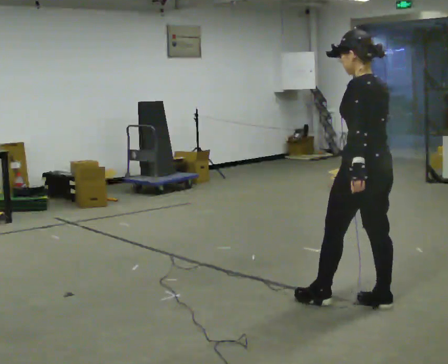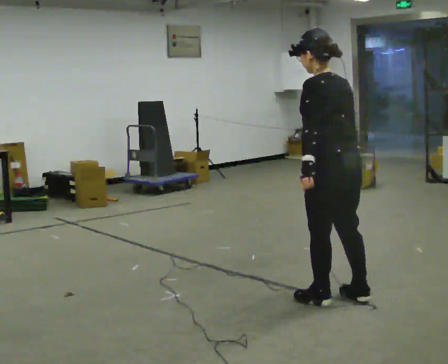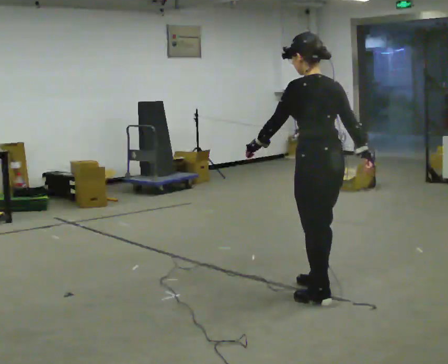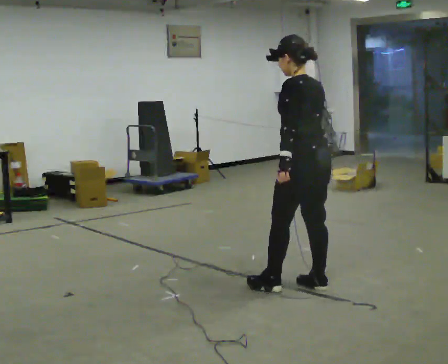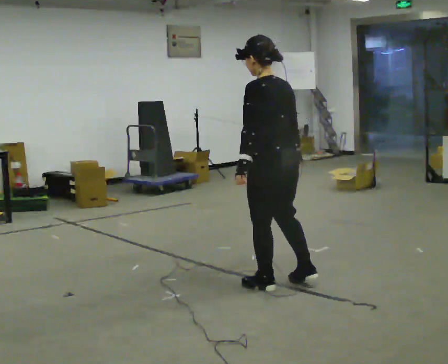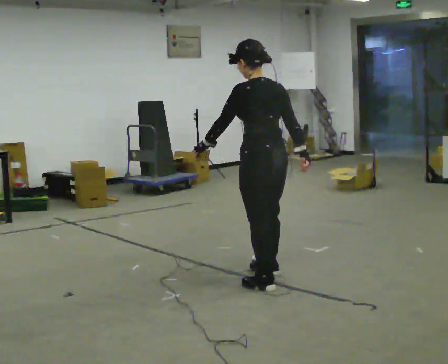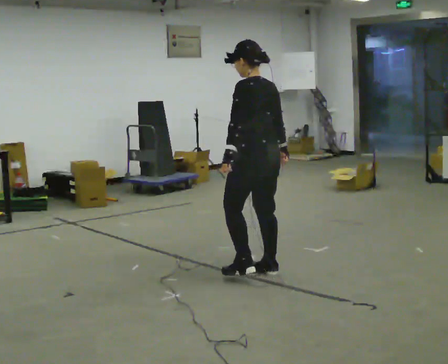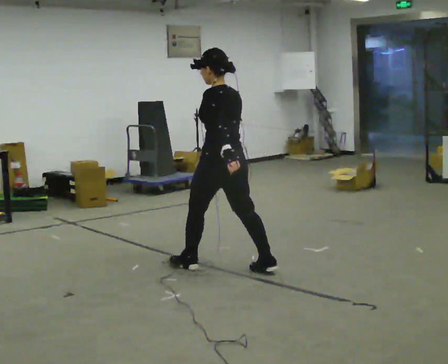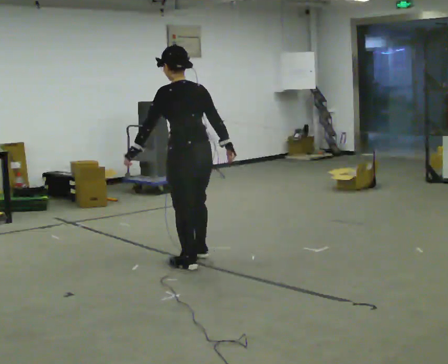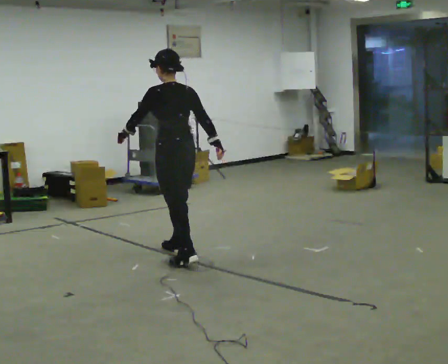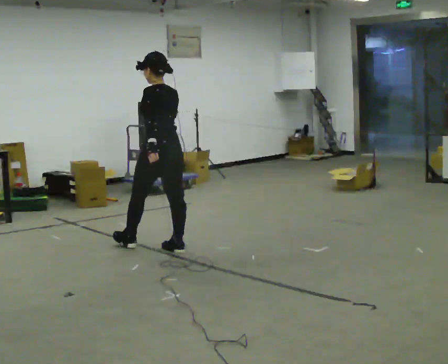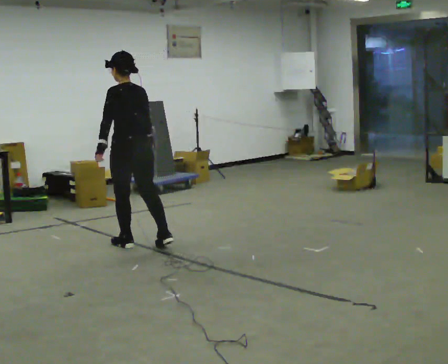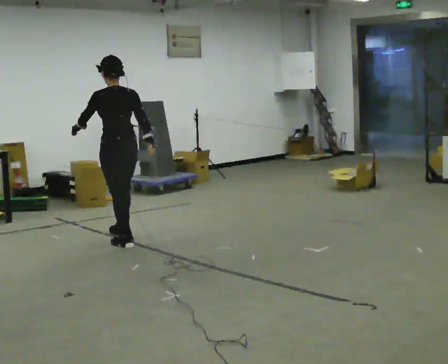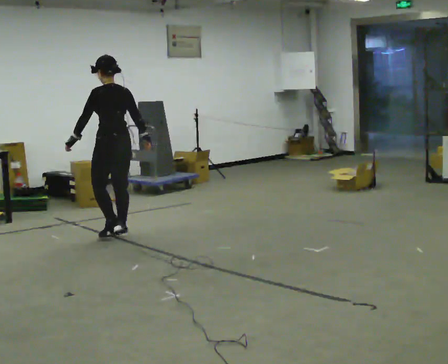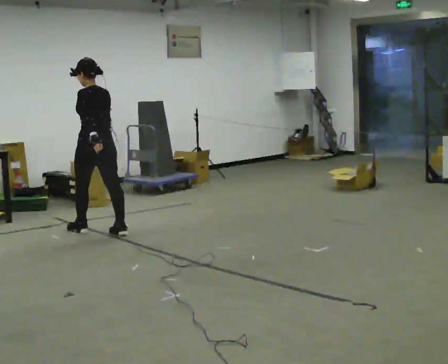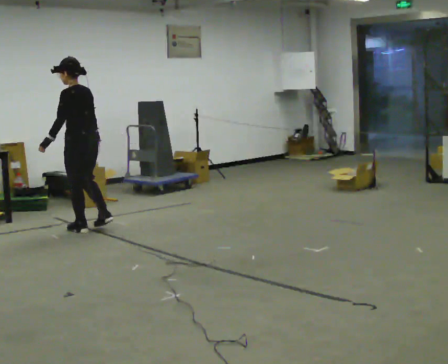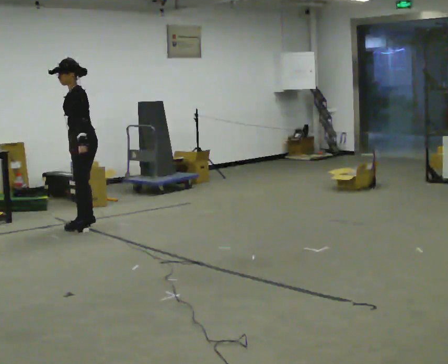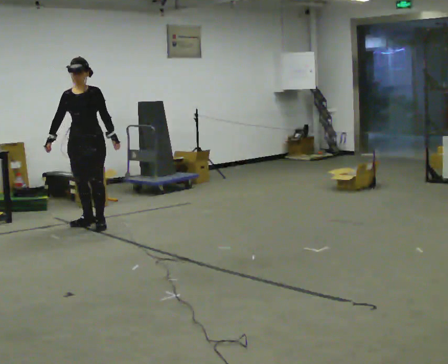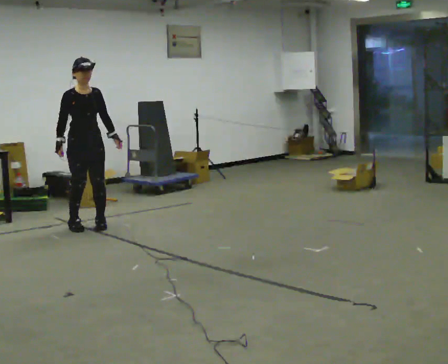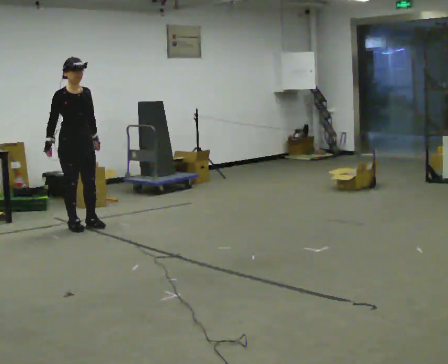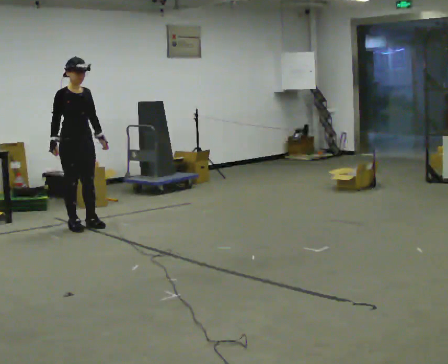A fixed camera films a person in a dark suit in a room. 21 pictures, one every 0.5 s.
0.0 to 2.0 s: In the picture they go away from the camera and to the left, about 0.75 m in 2 steps, which for them is forward.
2.0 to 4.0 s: In the picture they go away from the camera and to the left, about 1 m in 2 steps, which for them is forward.
4.0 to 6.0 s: In the picture they go away from the camera and to the left, about 1 m in 3 steps, which for them is forward.
6.0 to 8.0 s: The person turns about 75 degrees to their left, counterclockwise seen from above, so the part of the body nearest the lens slides to the right. In the picture they go away from the camera and to the left, about 0.75 m in 2 steps.
8.0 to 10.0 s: Seen from above the body turns counterclockwise, about 120 degrees: to their left, with its near side sliding to the right.
The film runs forward here.
